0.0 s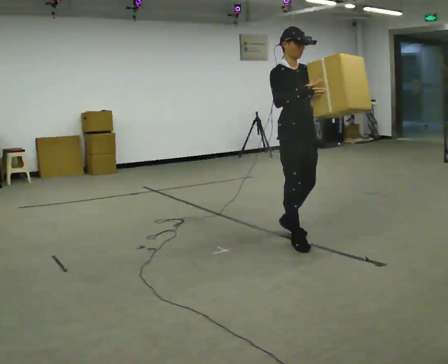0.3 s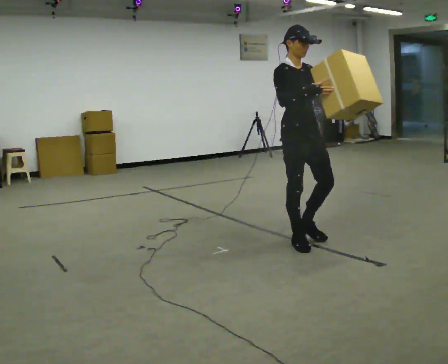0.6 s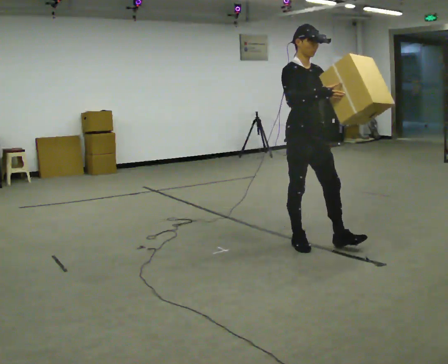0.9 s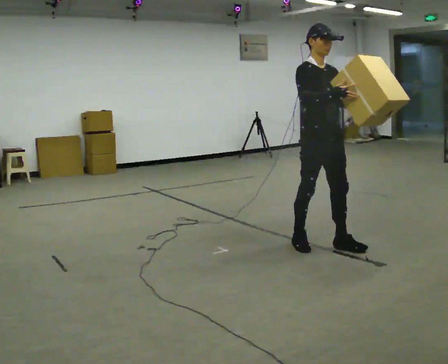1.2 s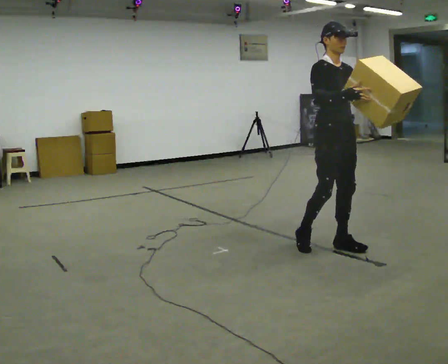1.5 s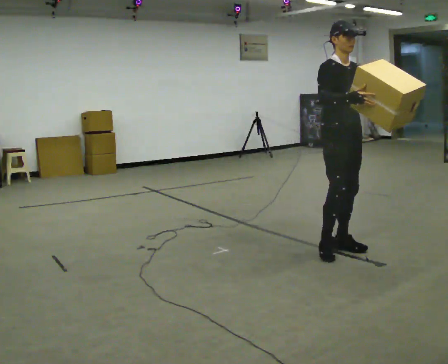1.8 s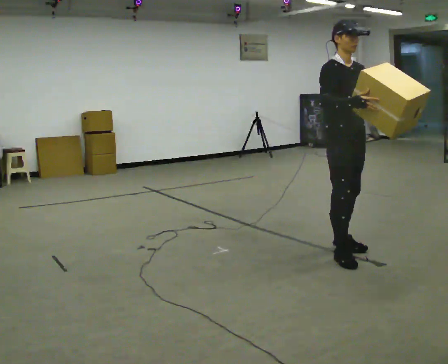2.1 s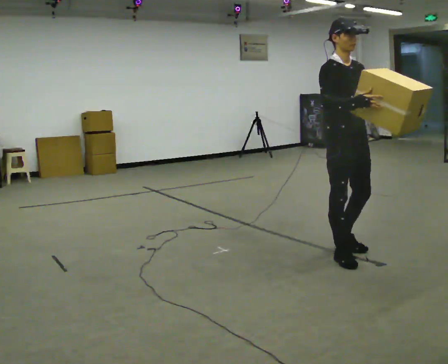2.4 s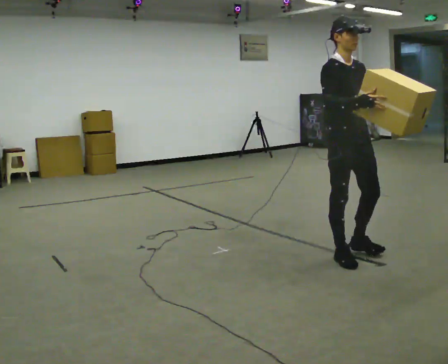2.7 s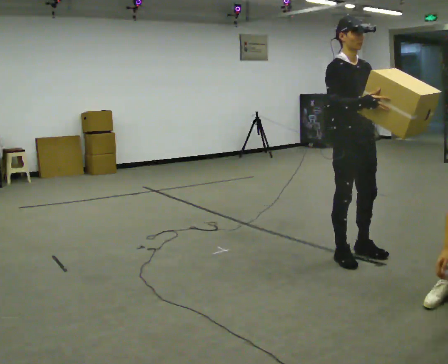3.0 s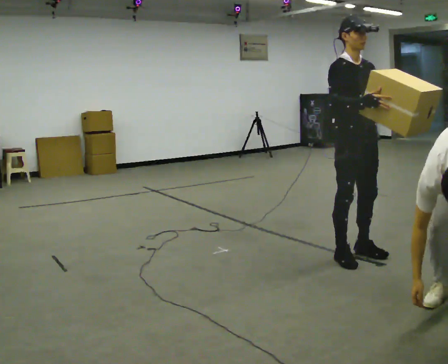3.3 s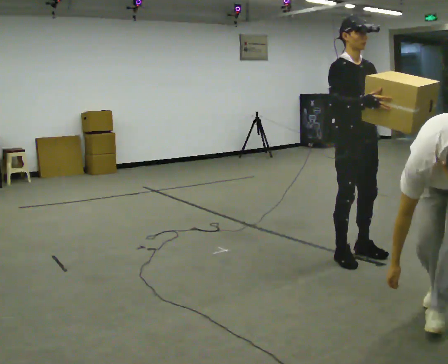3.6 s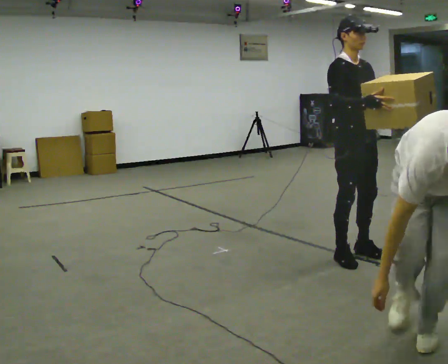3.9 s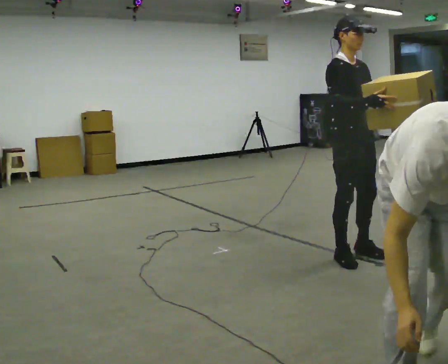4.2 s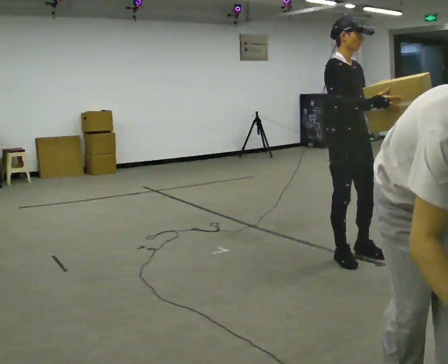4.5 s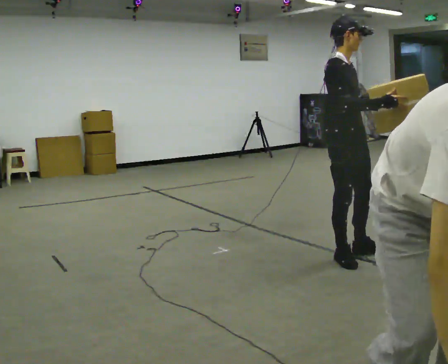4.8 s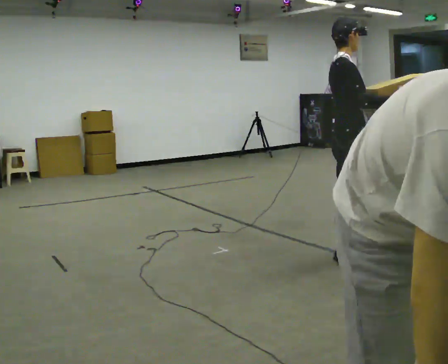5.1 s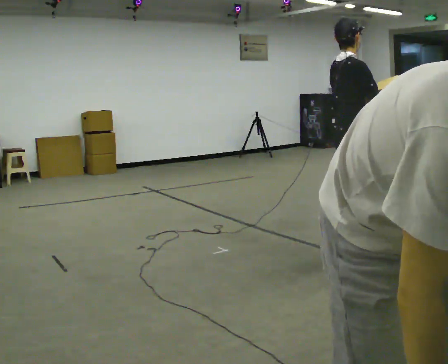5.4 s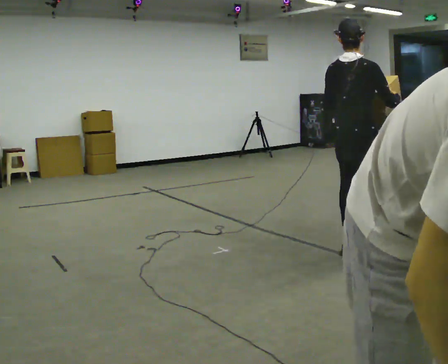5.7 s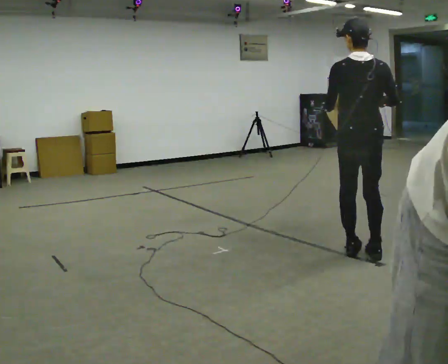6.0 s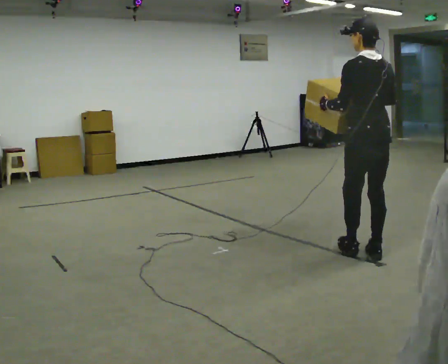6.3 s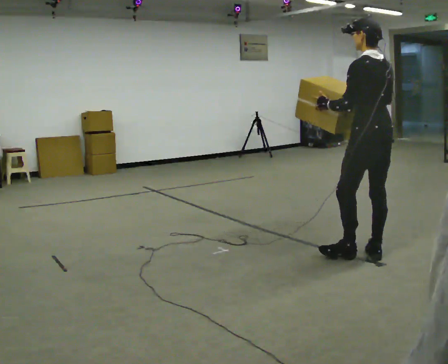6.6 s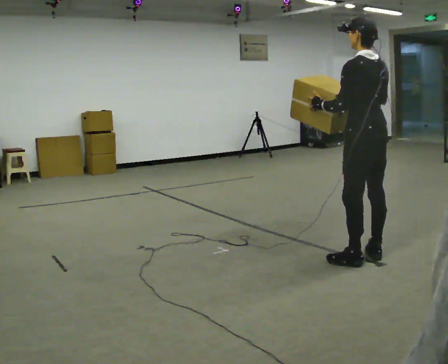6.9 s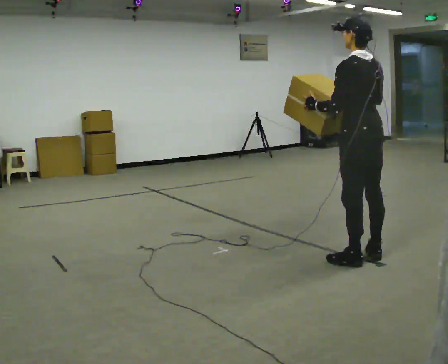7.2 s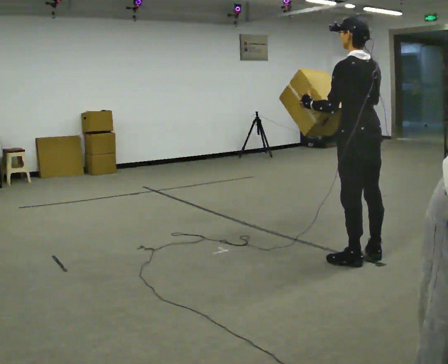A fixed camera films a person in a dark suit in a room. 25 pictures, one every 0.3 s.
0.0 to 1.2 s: In the picture they go to the right, about 0.25 m in 1 step, which for them is forward.
1.2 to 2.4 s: In the picture they go toward the camera, about 0.25 m in 1 step, which for them is forward.
2.4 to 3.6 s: The person moves a little, or ends about where they began.
3.6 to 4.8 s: Seen from above the body turns counterclockwise, about 45 degrees: to their left, with its near side sliding to the right.
4.8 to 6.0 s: Seen from above the body turns counterclockwise, about 120 degrees: to their left, with its near side sliding to the right. In the picture they go to the right, about 0.25 m in 1 step.
6.0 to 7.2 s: The person moves a little, or ends about where they began.
The film runs forward here.
